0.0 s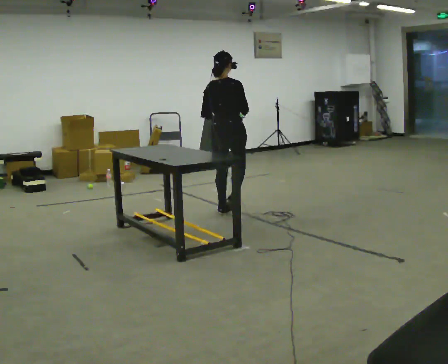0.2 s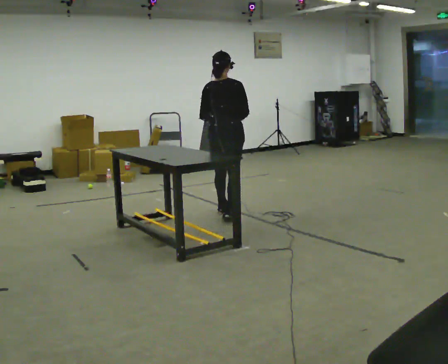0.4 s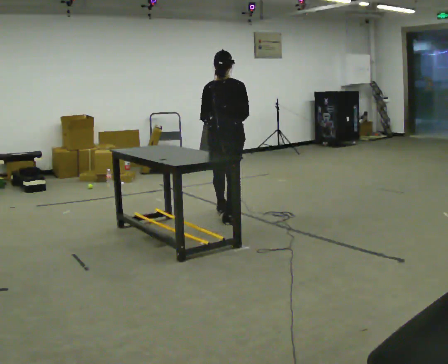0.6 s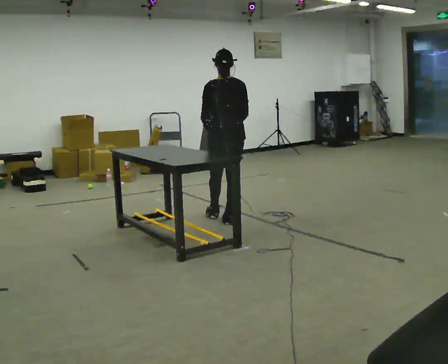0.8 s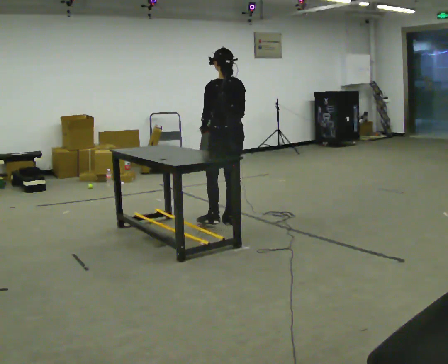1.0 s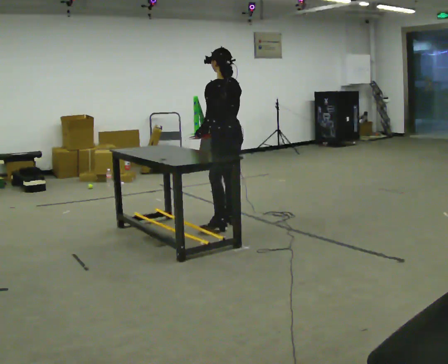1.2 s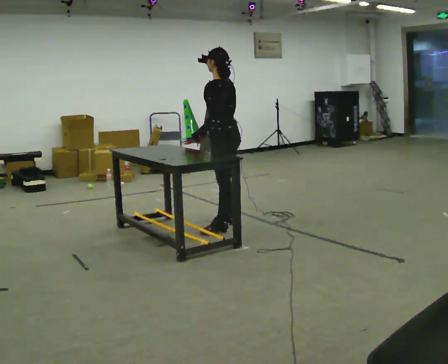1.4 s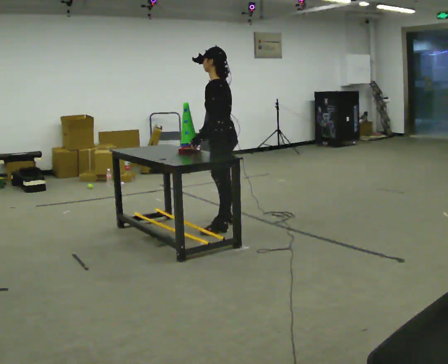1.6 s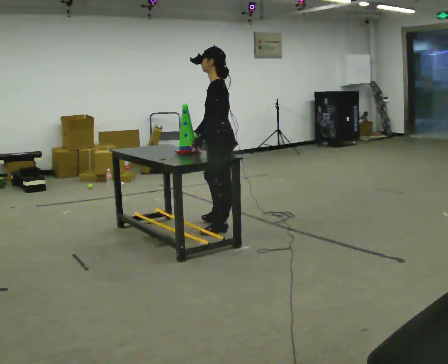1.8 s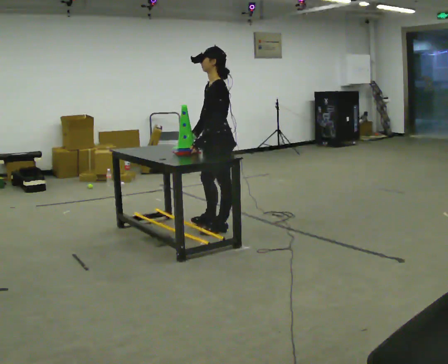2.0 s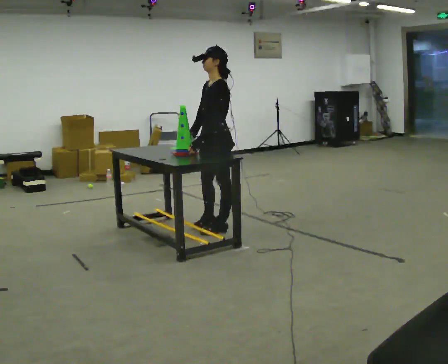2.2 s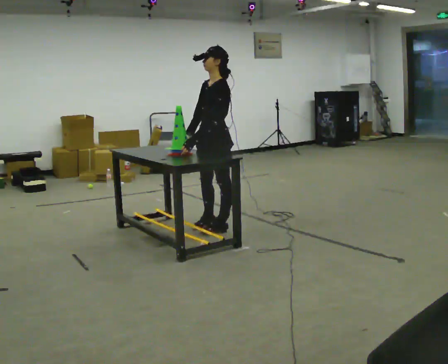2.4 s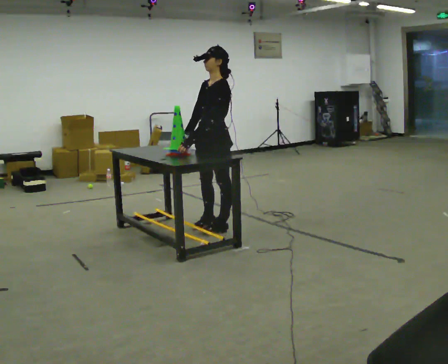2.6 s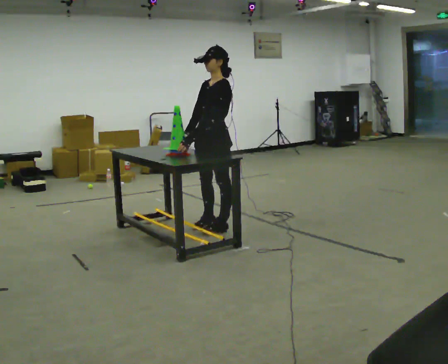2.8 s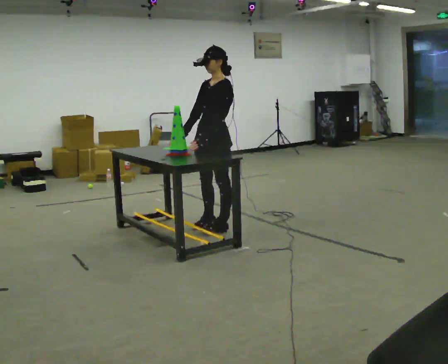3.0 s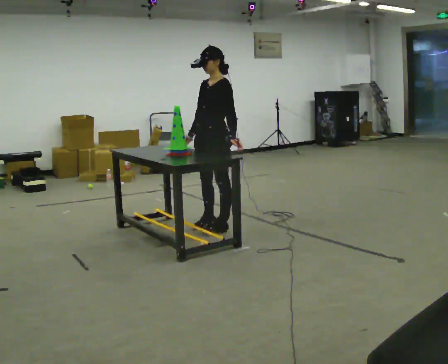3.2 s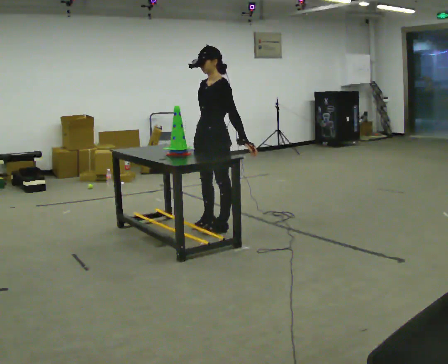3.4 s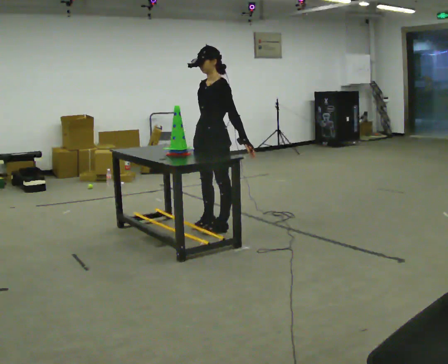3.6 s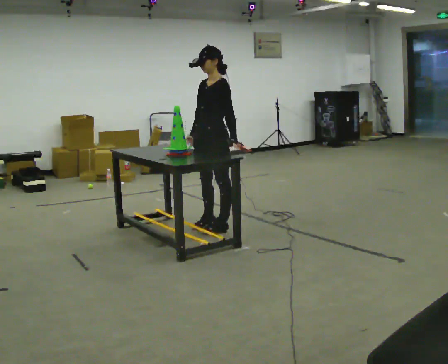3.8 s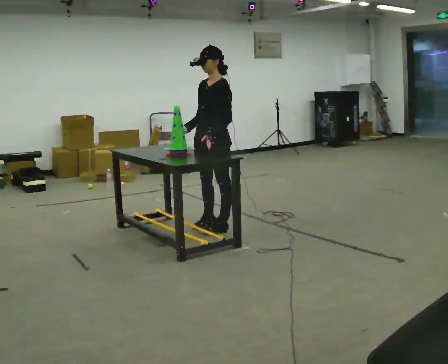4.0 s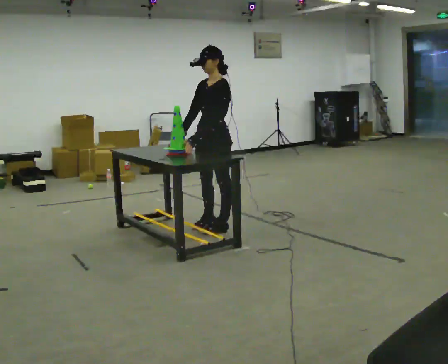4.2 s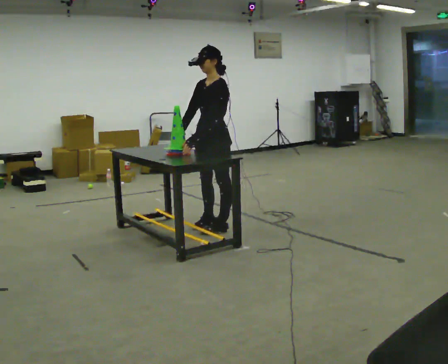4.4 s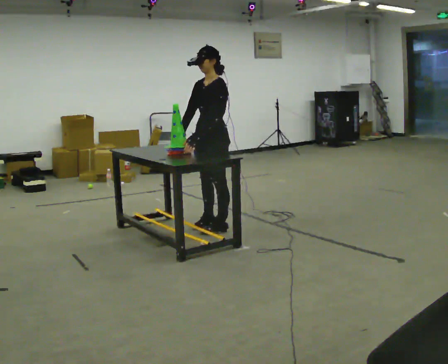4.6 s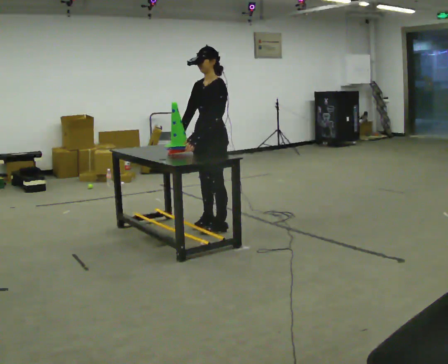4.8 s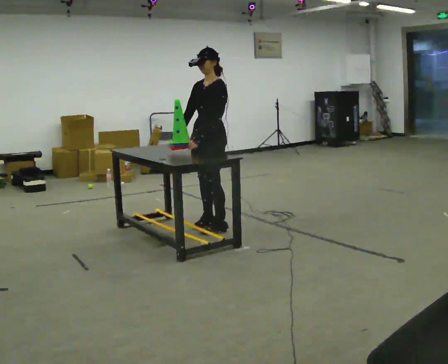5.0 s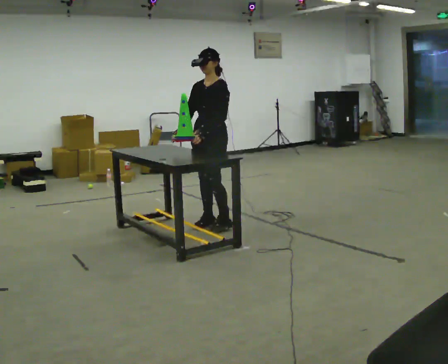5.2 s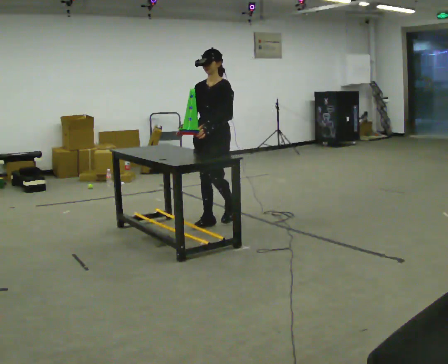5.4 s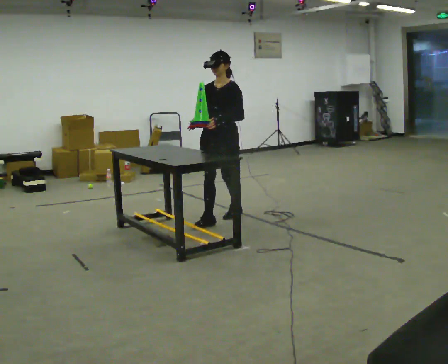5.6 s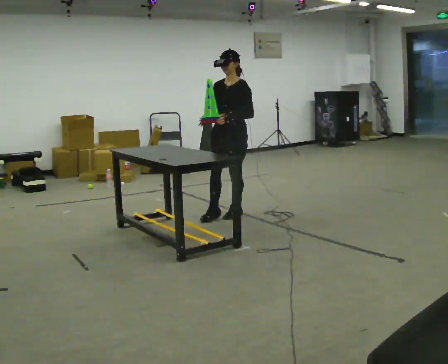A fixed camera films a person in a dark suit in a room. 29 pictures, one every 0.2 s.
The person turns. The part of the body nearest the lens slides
to the right.
The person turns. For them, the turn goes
to their left.
0.0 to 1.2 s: Seen from above the body turns counterclockwise, about 90 degrees: to their left, with its near side sliding to the right. In the picture they go toward the camera, about 0.5 m in 1 step.
1.2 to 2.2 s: The person turns about 45 degrees to their left, counterclockwise seen from above, so the part of the body nearest the lens slides to the right.
2.2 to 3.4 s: In the picture their left hand goes to the right, the arm swinging counterclockwise.
3.4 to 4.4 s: The person moves a little, or ends about where they began.
4.4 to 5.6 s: In the picture they go away from the camera, about 0.5 m in 2 steps, which for them is backward and to their right.
The film runs backward here.
